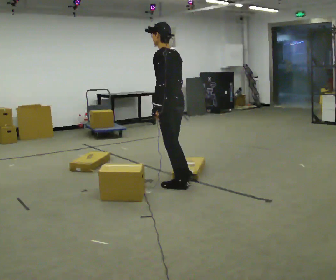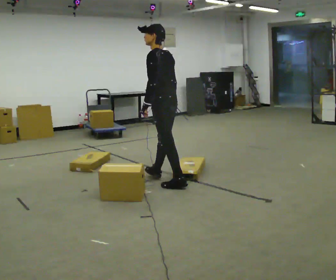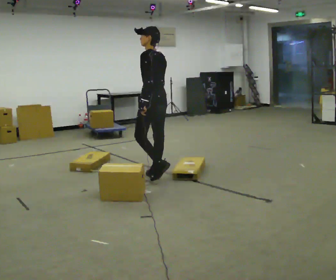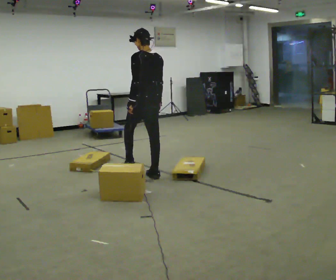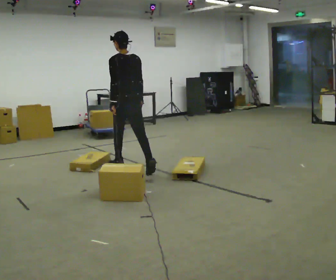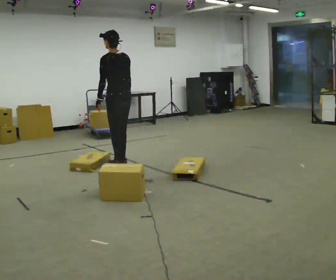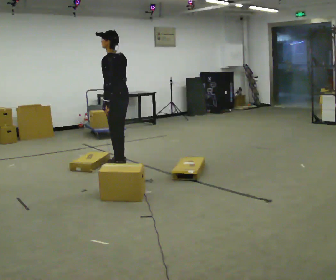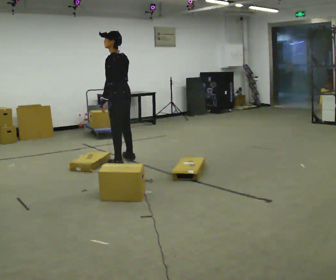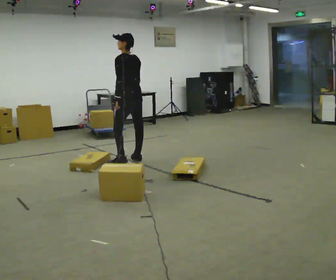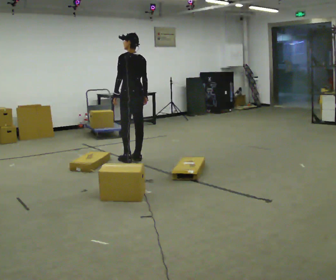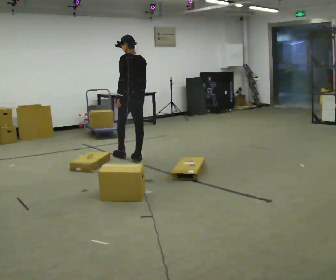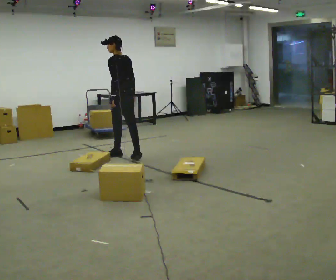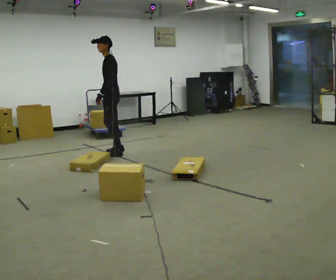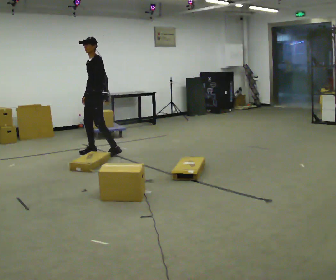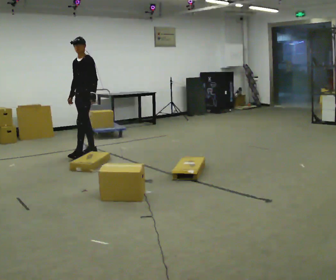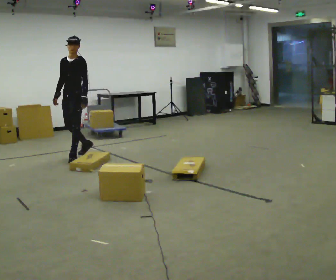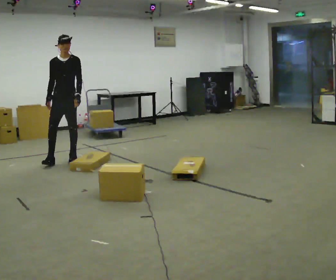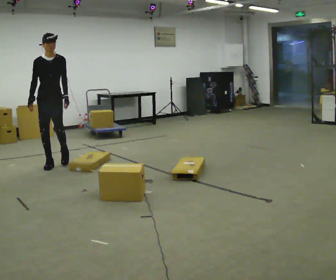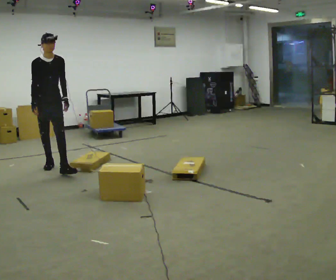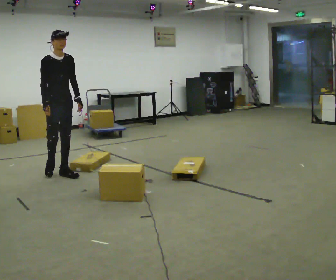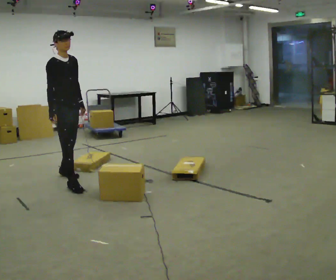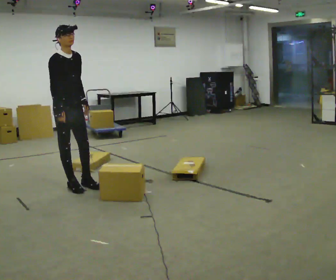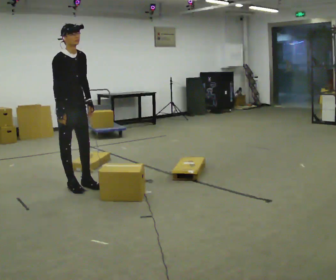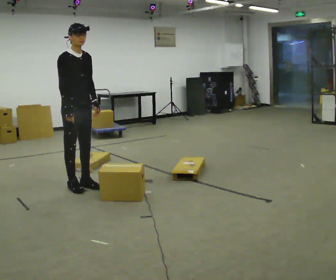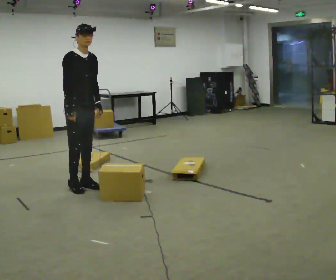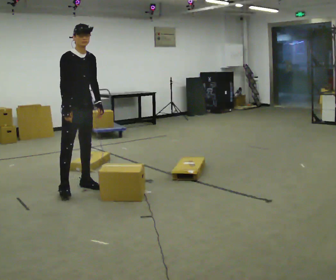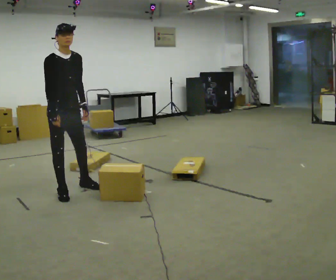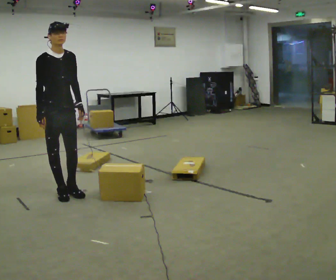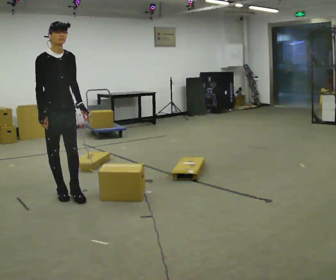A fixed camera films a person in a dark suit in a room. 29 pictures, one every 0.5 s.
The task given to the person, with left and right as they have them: Walk across the room at a normal pace, looking ahead. Something may appear in your way. Deal with it however comes naturally and carry on.
0.0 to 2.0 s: The part of the body nearest the lens slides to the left as the person turns to their right by about 30 degrees. In the picture they go away from the camera and to the left, about 1 m in 2 steps, which for them is forward.
2.0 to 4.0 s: In the picture they go away from the camera, about 0.5 m in 2 steps, which for them is to their right and forward.
4.0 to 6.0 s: The part of the body nearest the lens slides to the right as the person turns to their left by about 45 degrees. In the picture they go away from the camera and to the left, about 0.5 m in 2 steps, which for them is forward.
6.0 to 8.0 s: The part of the body nearest the lens slides to the right as the person turns to their left by about 90 degrees. In the picture they go to the left, about 0.5 m in 2 steps.
8.0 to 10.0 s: The person turns about 60 degrees to their left, counterclockwise seen from above, so the part of the body nearest the lens slides to the right. In the picture they go toward the camera, about 1 m in 3 steps, which for them is forward.
10.0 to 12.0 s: In the picture they go toward the camera and to the right, about 0.25 m in 1 step, which for them is forward.
12.0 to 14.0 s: In the picture they go toward the camera and to the left, about 0.25 m in 2 steps, which for them is to their right and forward.
The film runs forward here.
